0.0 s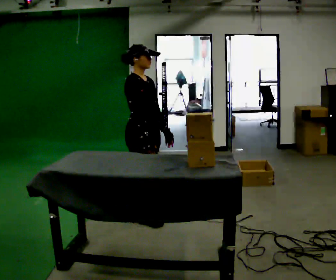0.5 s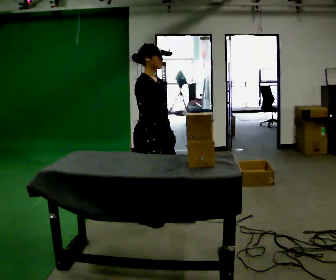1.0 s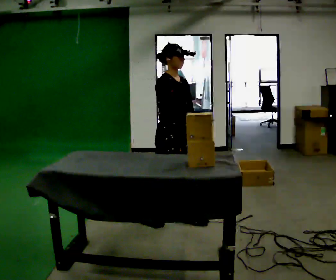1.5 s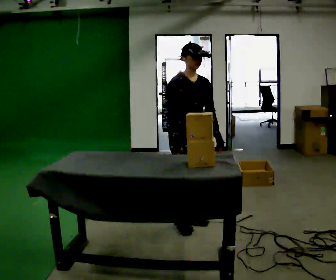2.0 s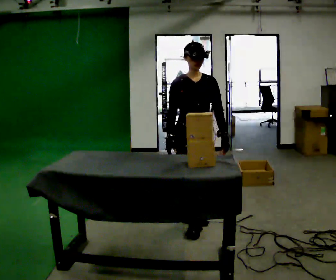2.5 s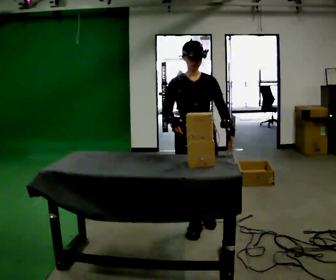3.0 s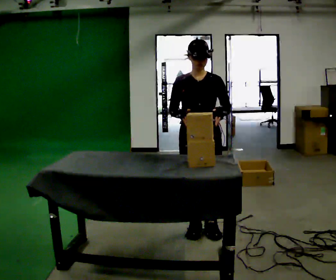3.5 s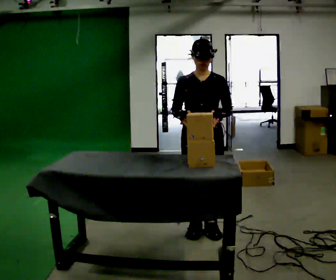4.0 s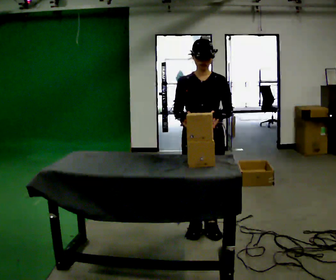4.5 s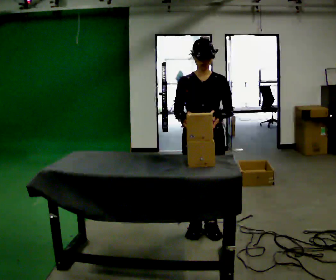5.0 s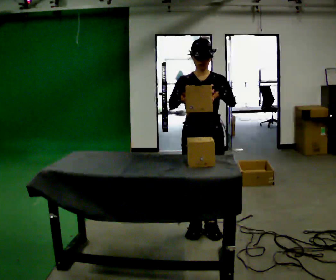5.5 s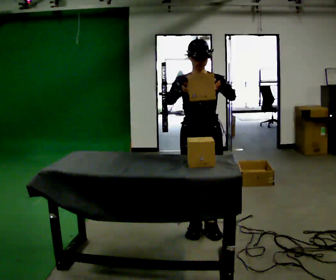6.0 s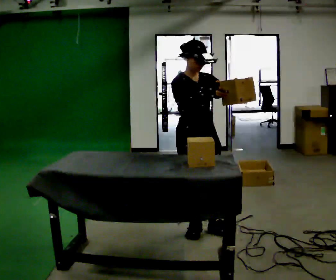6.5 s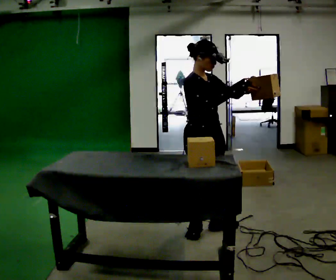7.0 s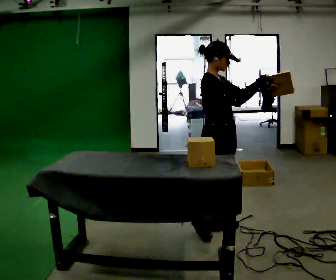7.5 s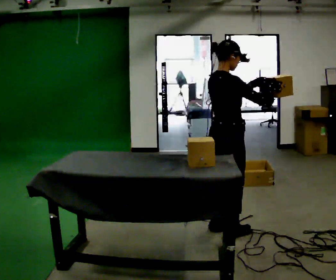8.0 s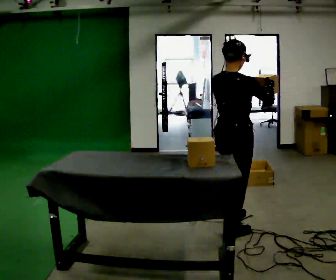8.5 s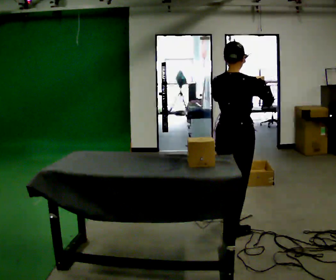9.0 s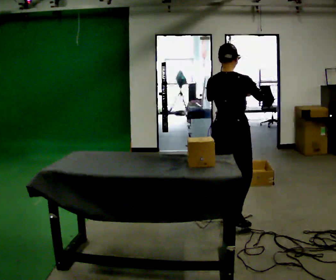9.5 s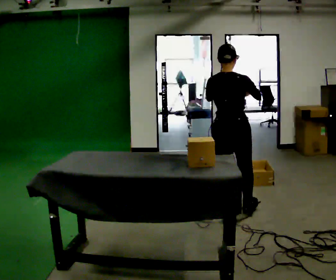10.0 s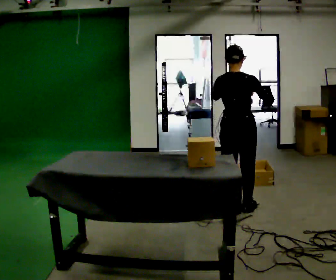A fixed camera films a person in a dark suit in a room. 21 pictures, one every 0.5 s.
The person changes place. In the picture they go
to the right.
0.0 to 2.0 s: The person turns about 60 degrees to their right, clockwise seen from above, so the part of the body nearest the lens slides to the left. In the picture they go to the right, about 0.5 m in 2 steps, which for them is forward and to their left.
2.0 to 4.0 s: In the picture they go toward the camera, about 0.25 m in 1 step, which for them is forward.
4.0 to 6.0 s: The part of the body nearest the lens slides to the right as the person turns to their left by about 30 degrees.
6.0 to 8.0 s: The person turns about 105 degrees to their left, counterclockwise seen from above, so the part of the body nearest the lens slides to the right. In the picture they go to the right, about 0.25 m in 1 step.
8.0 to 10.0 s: The part of the body nearest the lens slides to the right as the person turns to their left by about 30 degrees. In the picture they go away from the camera, about 0.5 m in 2 steps, which for them is forward.
The film runs forward here.
